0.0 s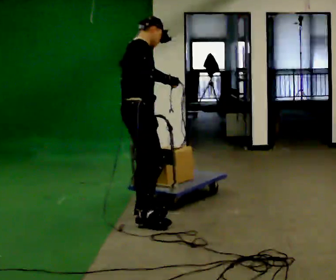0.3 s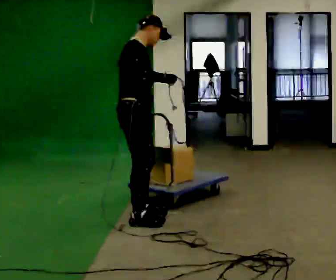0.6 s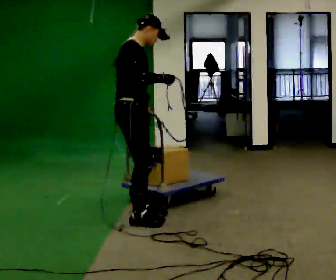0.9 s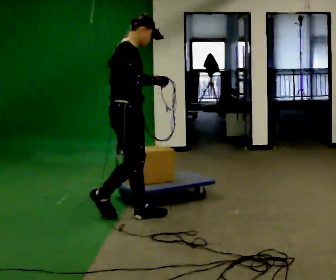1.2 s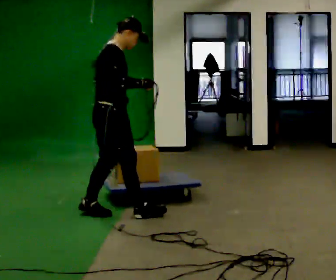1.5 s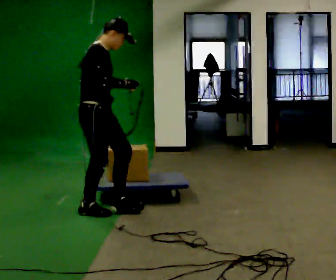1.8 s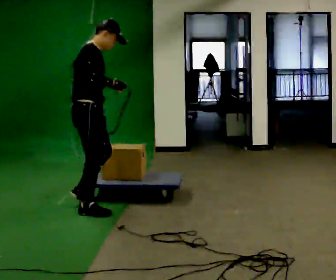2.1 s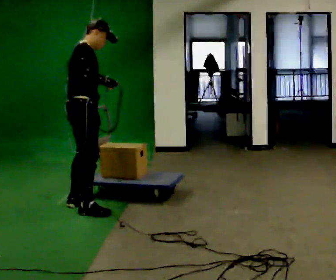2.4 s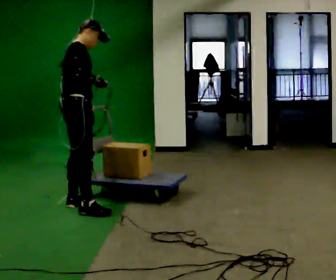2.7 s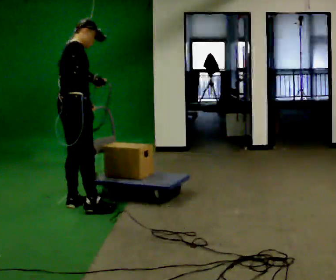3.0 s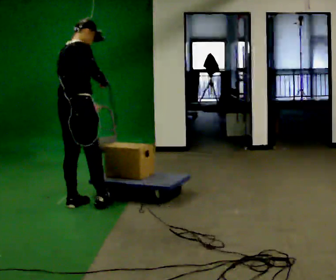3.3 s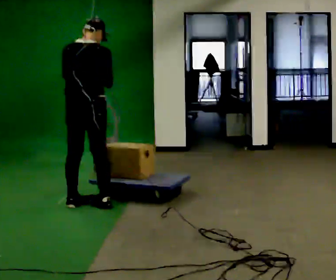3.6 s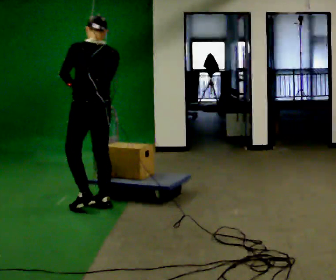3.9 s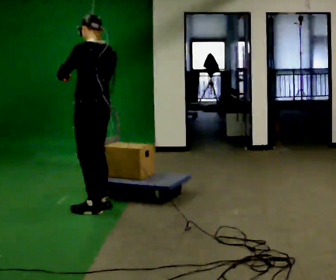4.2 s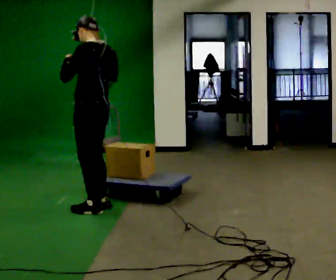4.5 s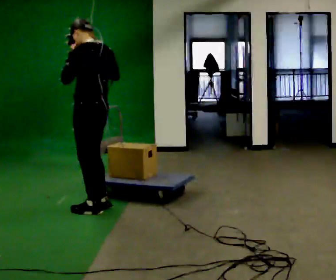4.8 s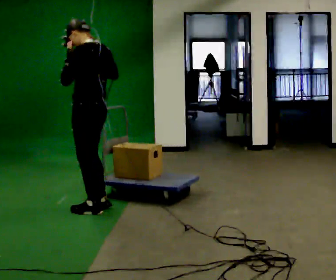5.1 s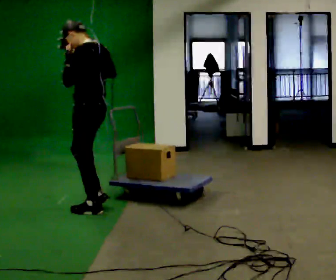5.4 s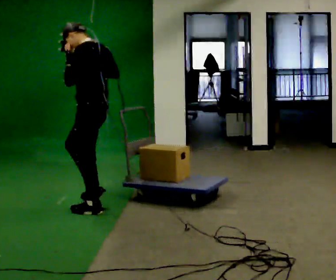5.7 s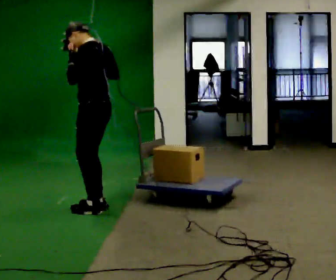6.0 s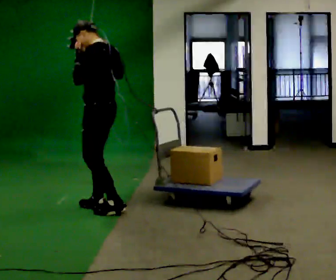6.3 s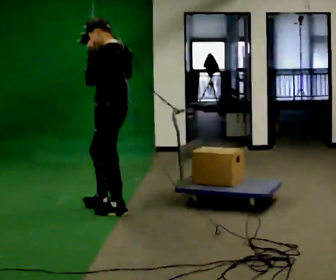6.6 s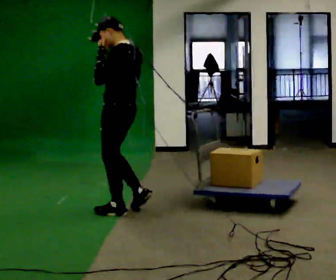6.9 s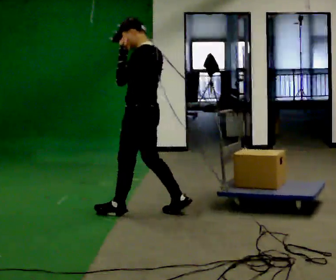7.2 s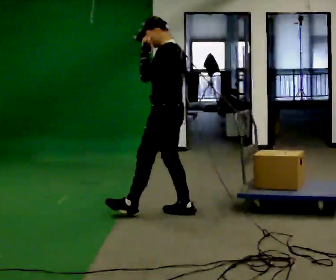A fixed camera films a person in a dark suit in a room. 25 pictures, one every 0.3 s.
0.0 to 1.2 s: In the picture they go to the left, about 0.25 m in 1 step, which for them is backward.
1.2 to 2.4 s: In the picture they go to the left and away from the camera, about 0.5 m in 1 step, which for them is backward and to their left.
2.4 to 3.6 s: Seen from above the body turns counterclockwise, about 105 degrees: to their left, with its near side sliding to the right. In the picture they go to the right, about 0.25 m in 2 steps. The upper body tips toward the camera, its near side rolling downward.
3.6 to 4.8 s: The part of the body nearest the lens slides to the right as the person turns to their left by about 30 degrees.
4.8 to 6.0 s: The person moves a little, or ends about where they began.
6.0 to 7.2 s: In the picture they go to the right, about 0.5 m in 2 steps, which for them is backward.
The film runs backward here.
